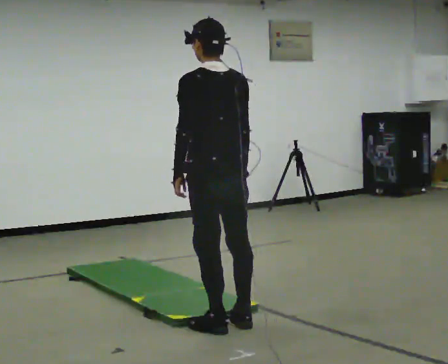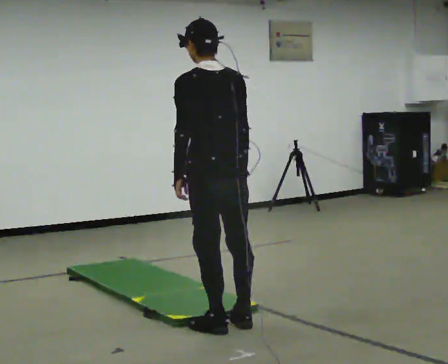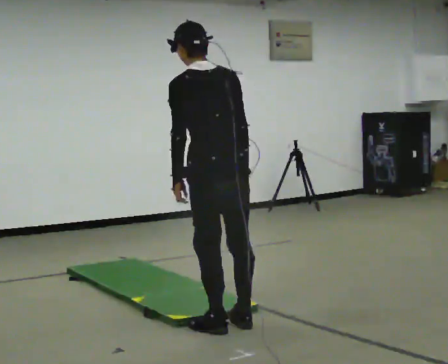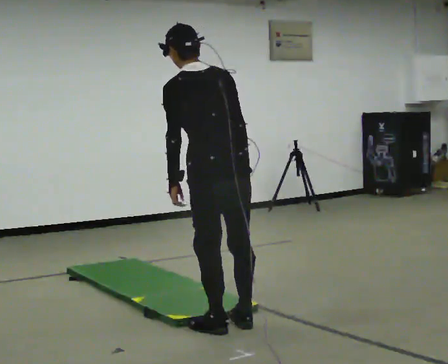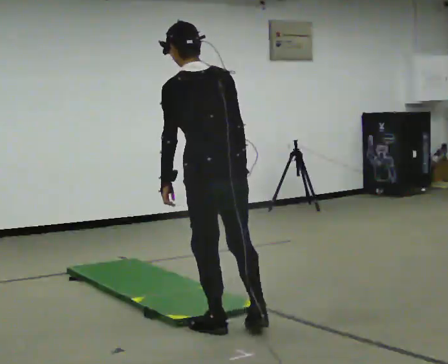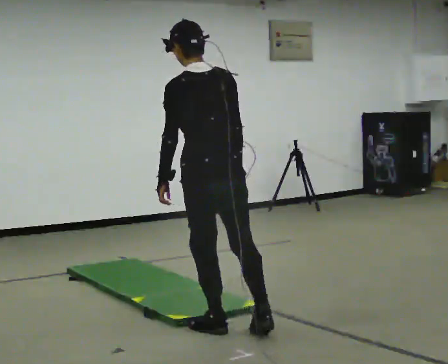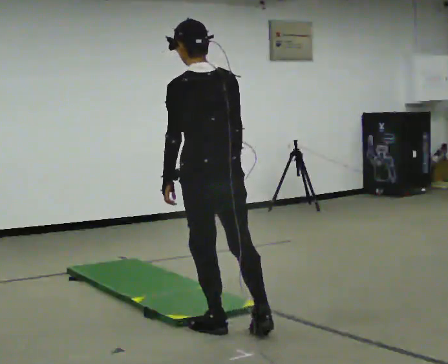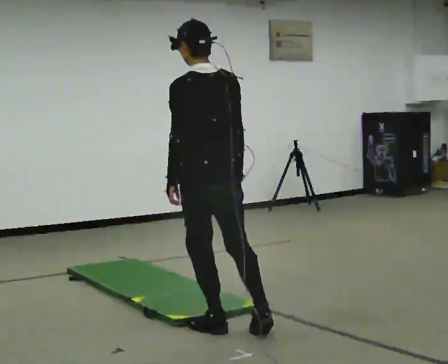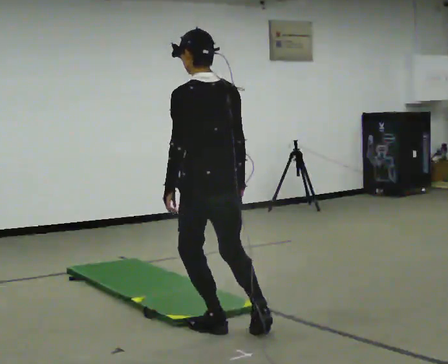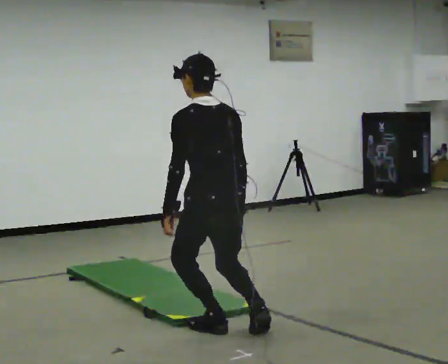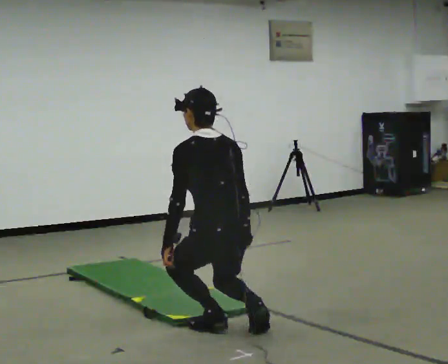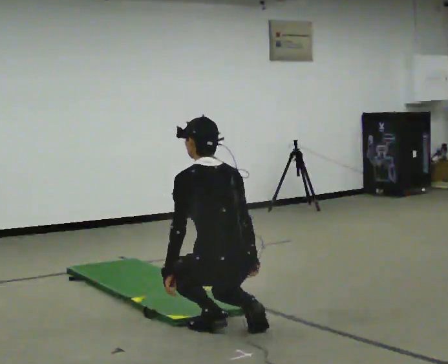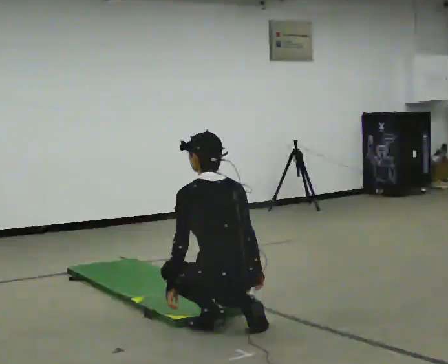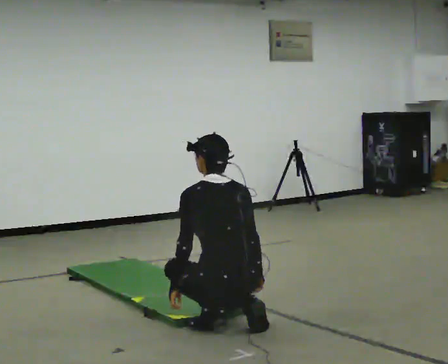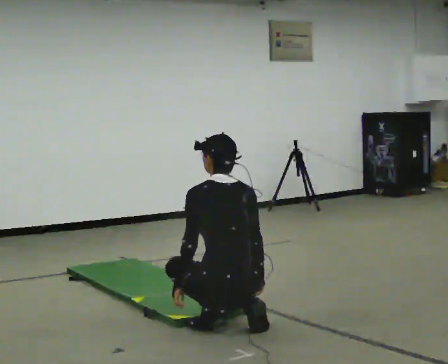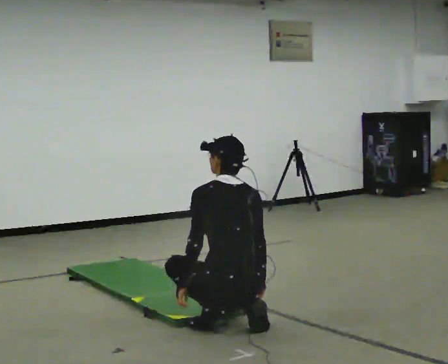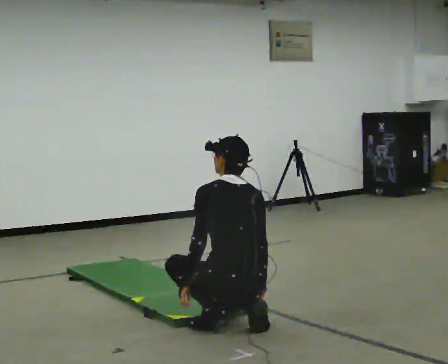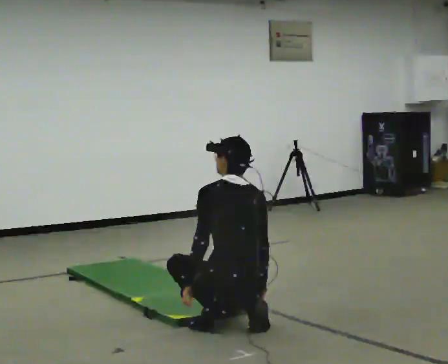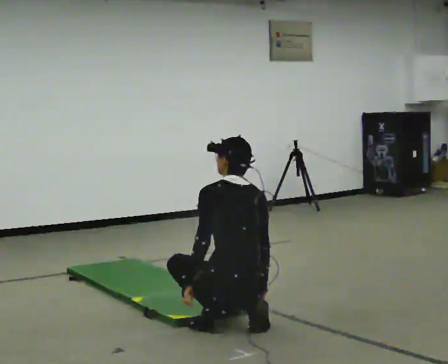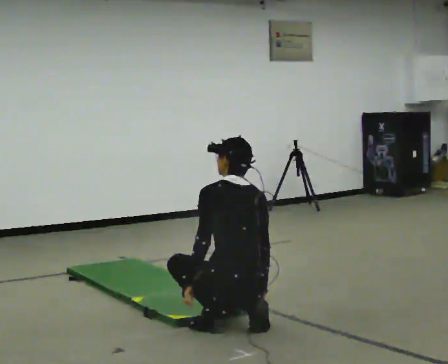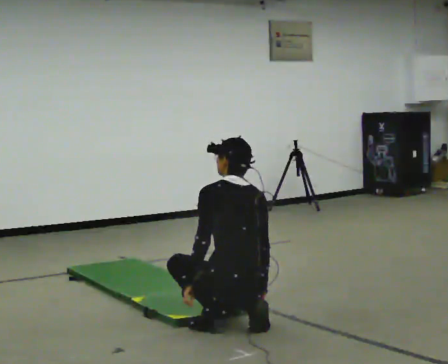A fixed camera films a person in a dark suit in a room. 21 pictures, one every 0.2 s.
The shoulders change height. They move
downward.
Their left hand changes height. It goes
downward.
0.0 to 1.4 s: The person moves a little, or ends about where they began.
1.4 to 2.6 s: The upper body goes downward. The upper body tips away from the camera, its near side rolling upward, as they bend forward. In the picture their left hand goes downward.
2.6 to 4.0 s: The person moves a little, or ends about where they began.
The film runs forward here.
